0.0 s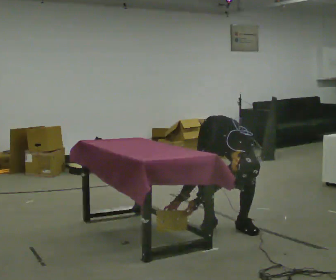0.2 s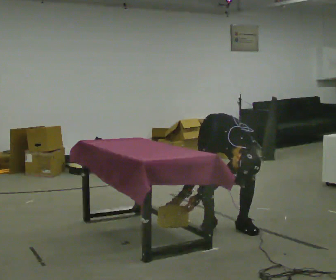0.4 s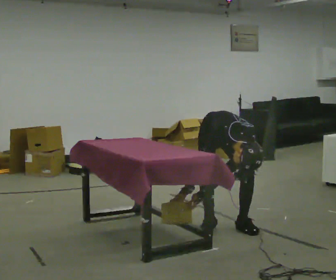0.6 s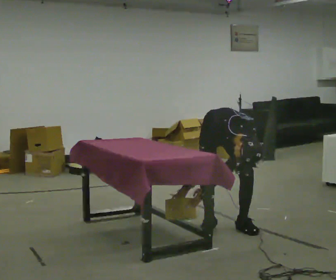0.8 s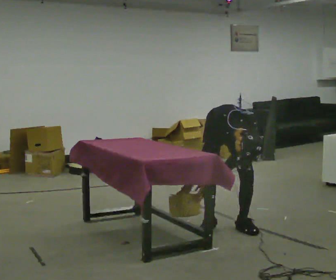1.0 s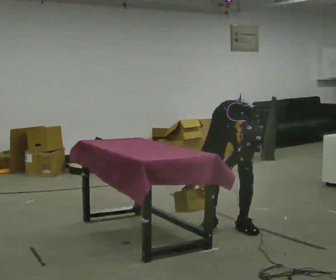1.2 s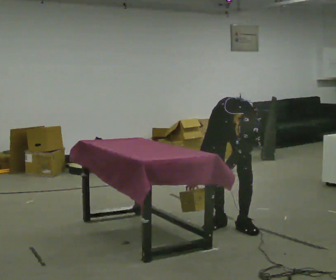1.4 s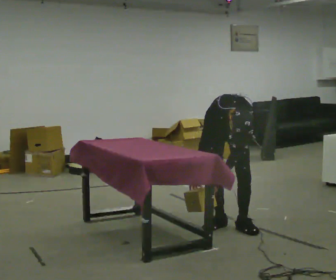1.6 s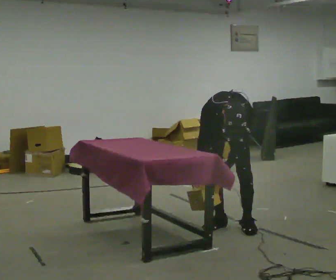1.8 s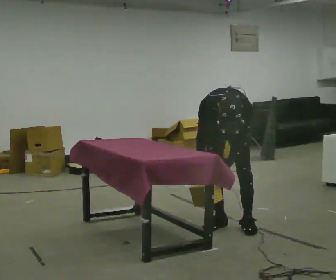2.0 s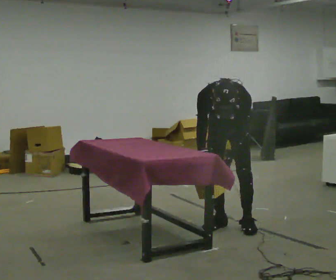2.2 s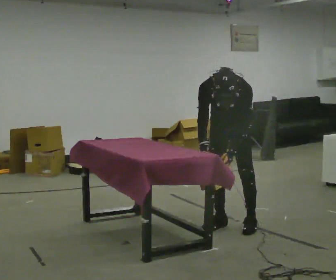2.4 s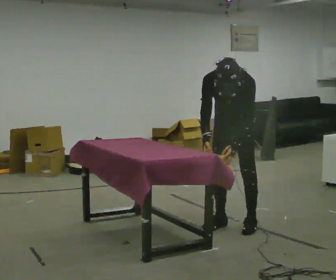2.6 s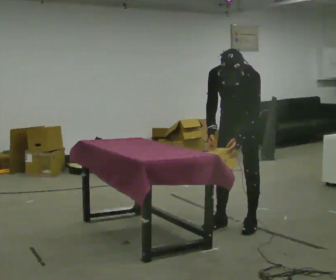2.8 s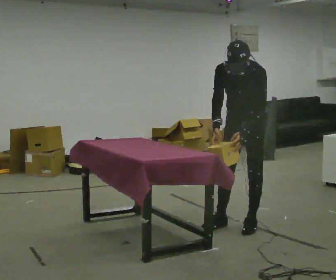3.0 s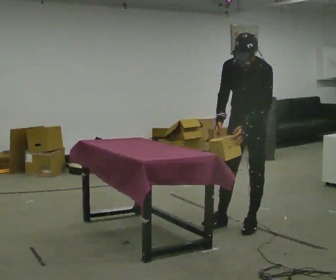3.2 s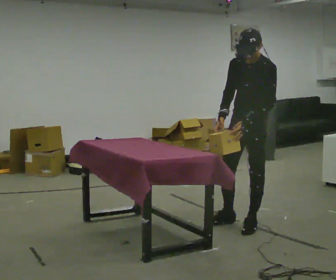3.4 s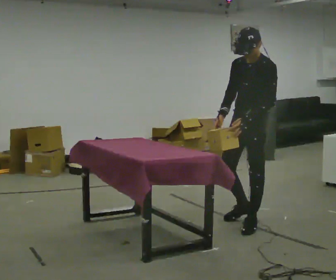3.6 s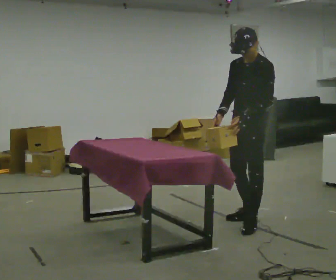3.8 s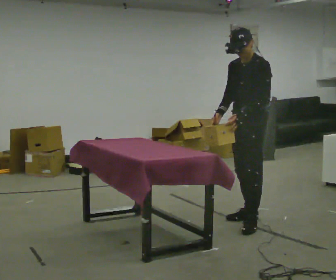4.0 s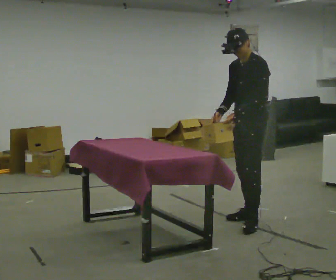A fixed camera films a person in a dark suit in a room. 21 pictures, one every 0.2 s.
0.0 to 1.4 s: The shoulders move upward. In the picture the upper body tilts counterclockwise, shoulders to the left, as they lean back or straighten.
1.4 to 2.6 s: The upper body goes upward. The upper body tips away from the camera, its near side rolling upward, as they lean back or straighten. In the picture their left hand goes upward.
2.6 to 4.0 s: The part of the body nearest the lens slides to the left as the person turns to their right by about 30 degrees. The upper body tips away from the camera, its near side rolling upward, as they lean back or straighten.
The film runs backward here.
